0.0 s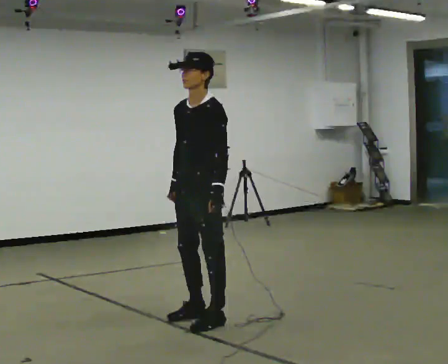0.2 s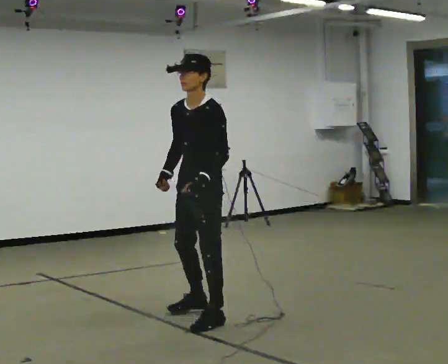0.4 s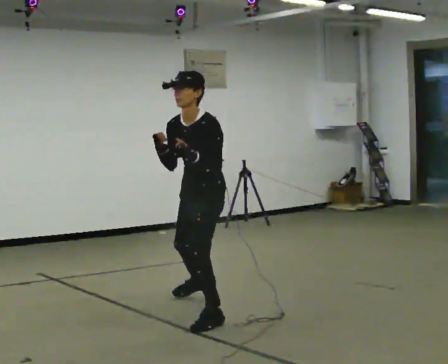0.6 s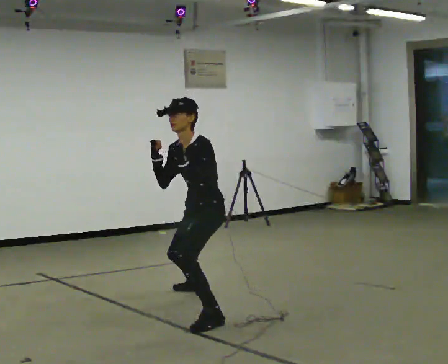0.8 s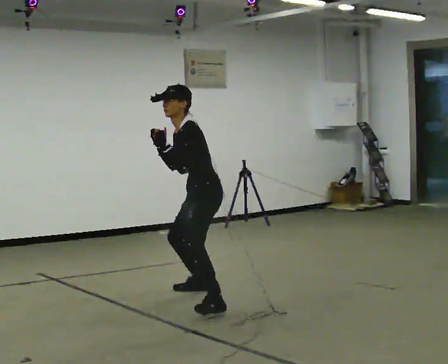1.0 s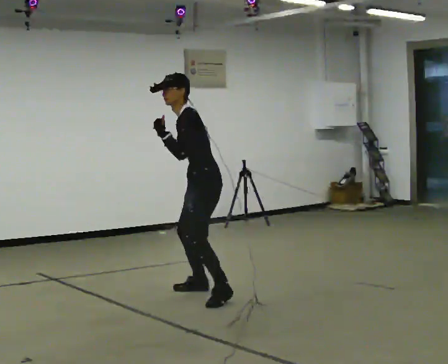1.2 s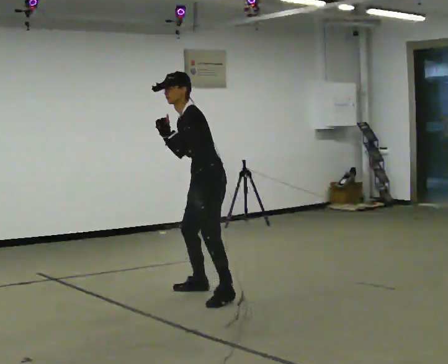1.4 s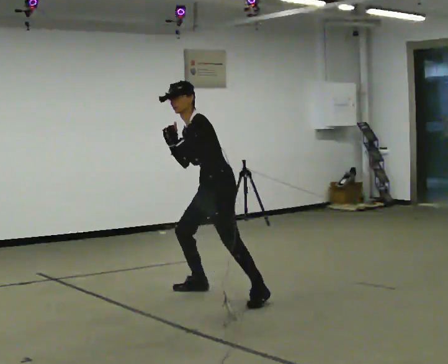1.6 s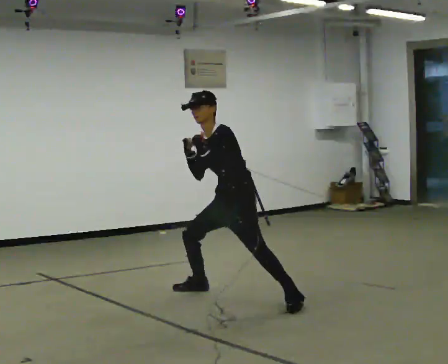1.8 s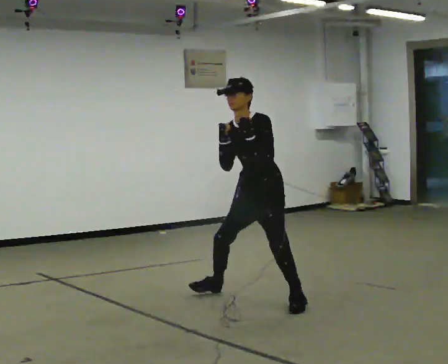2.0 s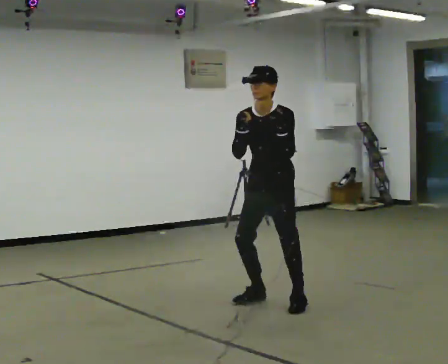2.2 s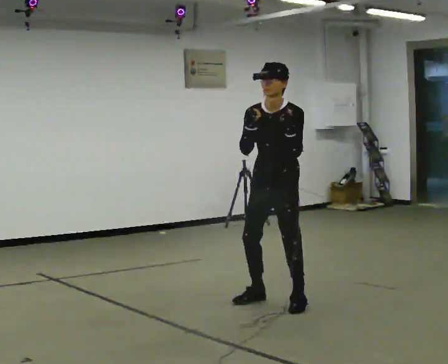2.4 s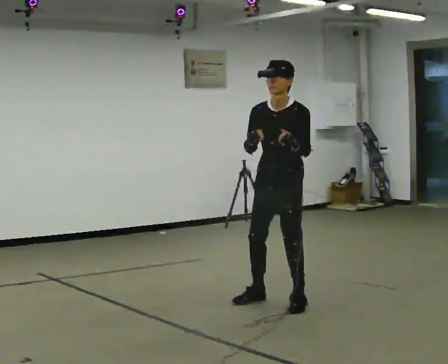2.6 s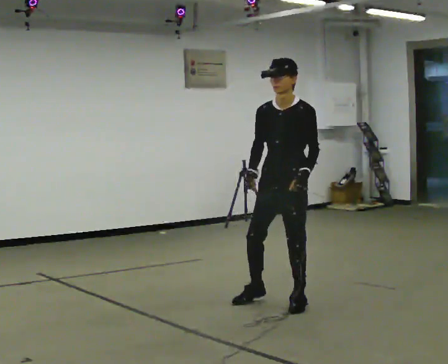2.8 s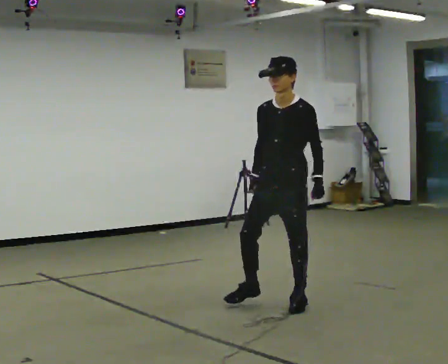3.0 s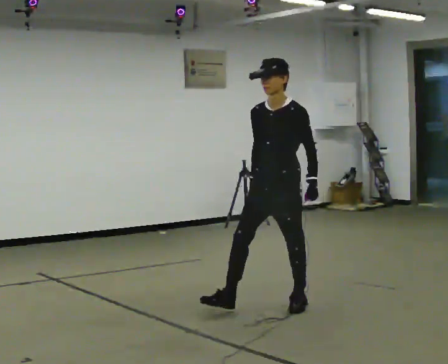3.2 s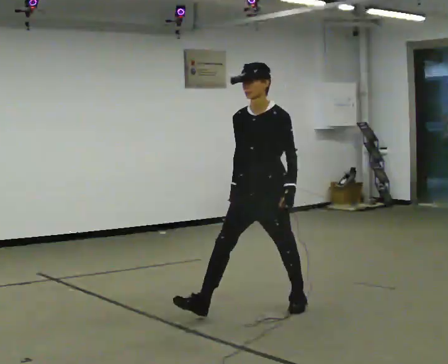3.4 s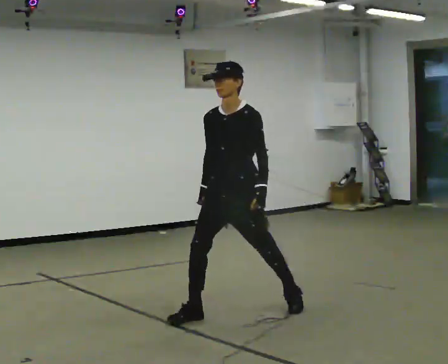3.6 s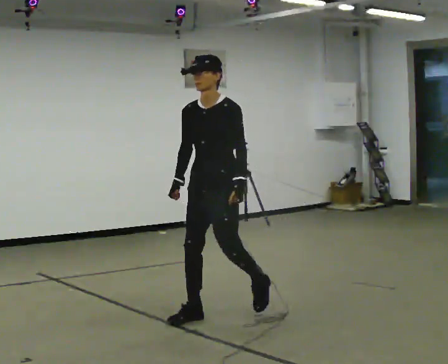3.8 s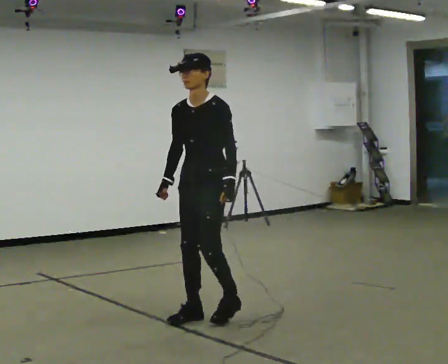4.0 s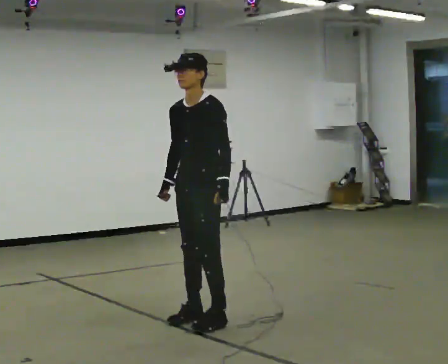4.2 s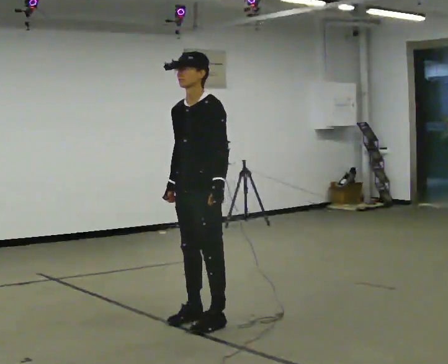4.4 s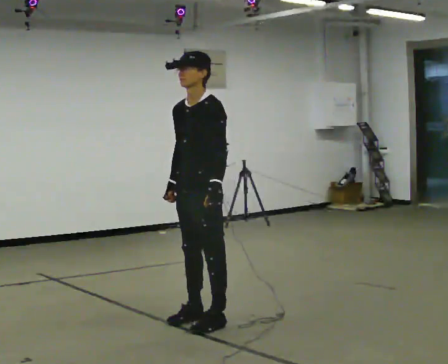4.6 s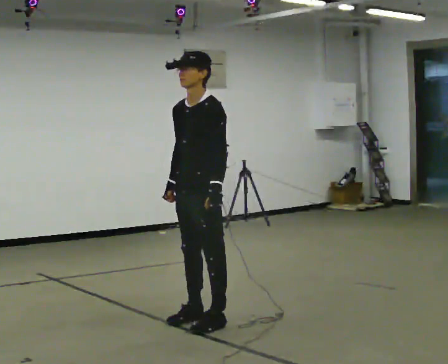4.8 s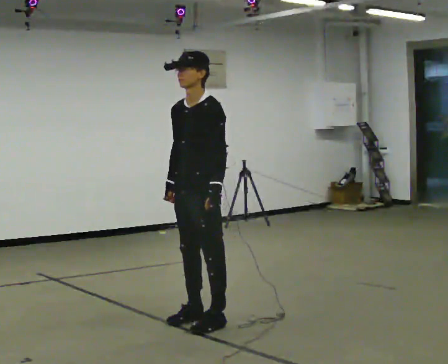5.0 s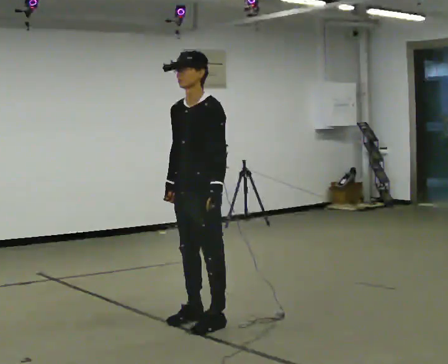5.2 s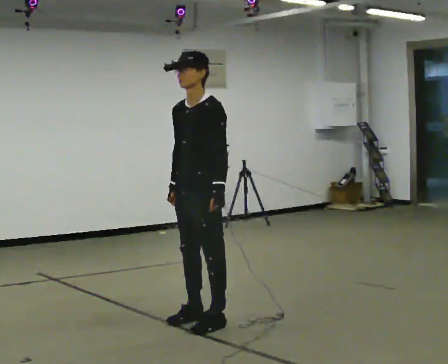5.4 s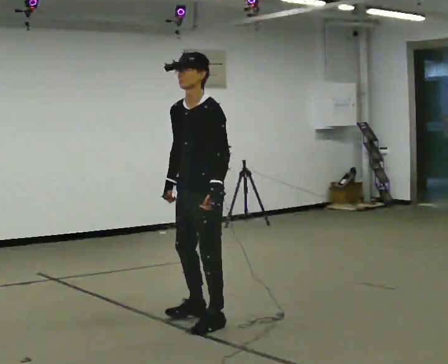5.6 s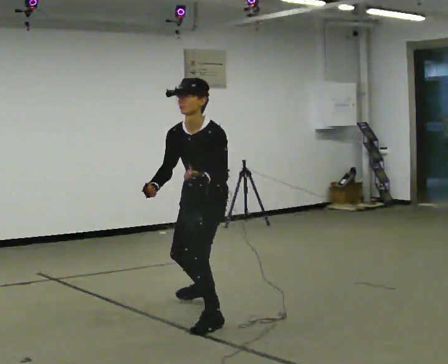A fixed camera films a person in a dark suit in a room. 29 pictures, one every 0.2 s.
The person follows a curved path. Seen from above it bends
clockwise.
0.0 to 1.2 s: In the picture they go away from the camera, about 1 m in 2 steps, which for them is to their right and backward. In the picture the upper body tilts counterclockwise, shoulders to the left, as they bend forward. In the picture their left hand goes upward.
1.2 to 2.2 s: Seen from above the body turns counterclockwise, about 45 degrees: to their left, with its near side sliding to the right. In the picture they go to the right and toward the camera, about 0.5 m in 2 steps, which for them is to their left. In the picture the upper body tilts clockwise, shoulders to the right.
2.2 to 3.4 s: In the picture they go toward the camera and to the left, about 0.5 m in 1 step, which for them is forward. In the picture their right hand goes downward.
3.4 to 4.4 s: In the picture they go toward the camera and to the left, about 0.25 m in 1 step, which for them is forward.
4.4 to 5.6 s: In the picture they go away from the camera, about 0.25 m, which for them is backward and to their right. The shoulders move downward. The upper body tips toward the camera, its near side rolling downward, as they bend forward.
The film runs forward here.
